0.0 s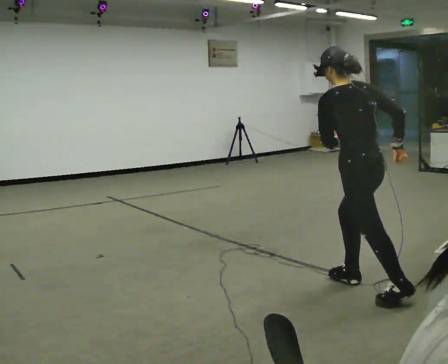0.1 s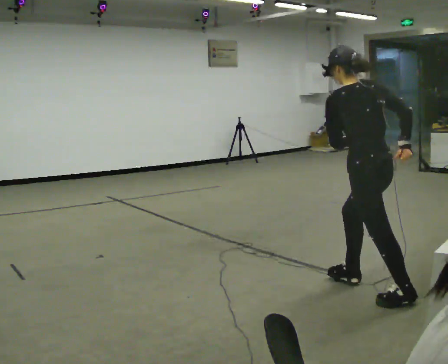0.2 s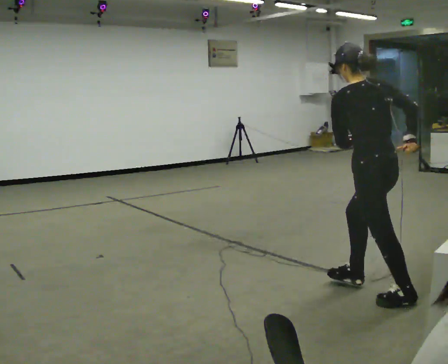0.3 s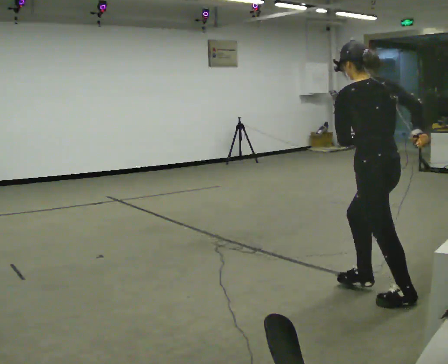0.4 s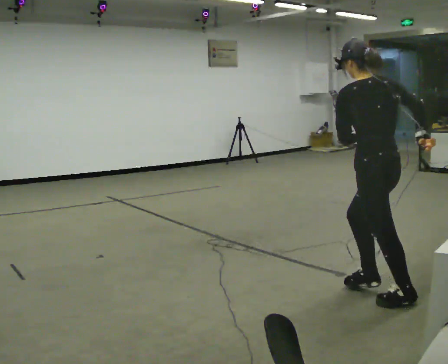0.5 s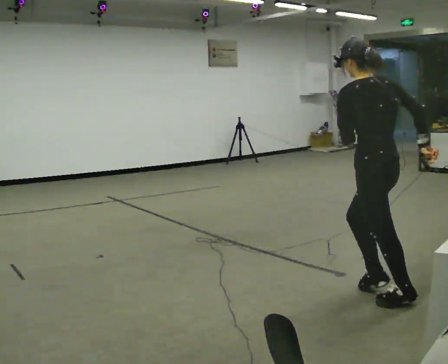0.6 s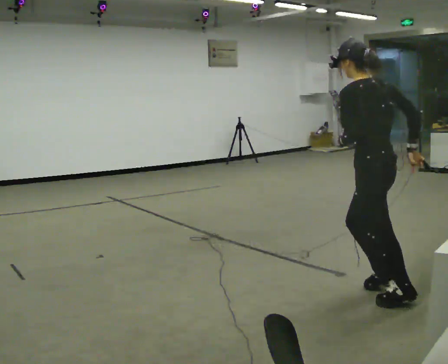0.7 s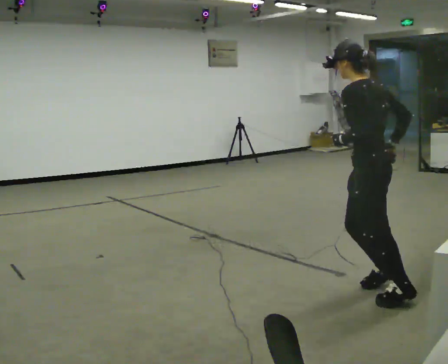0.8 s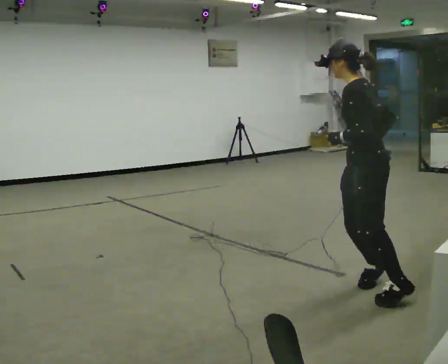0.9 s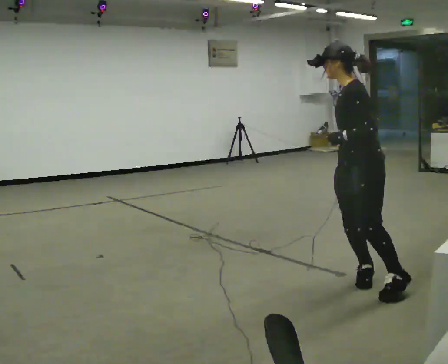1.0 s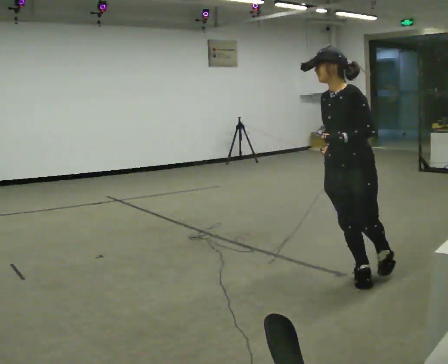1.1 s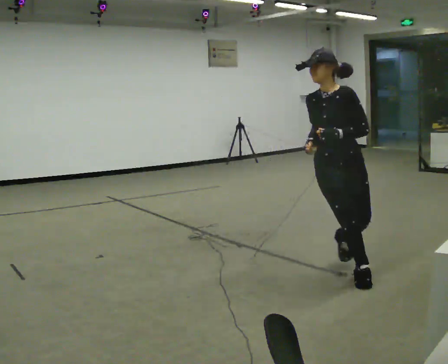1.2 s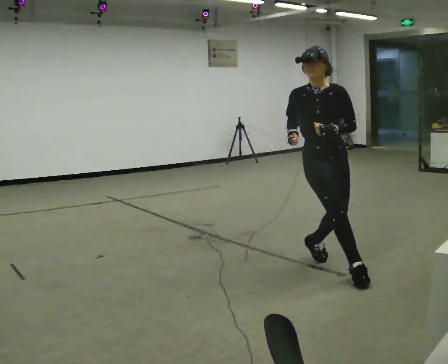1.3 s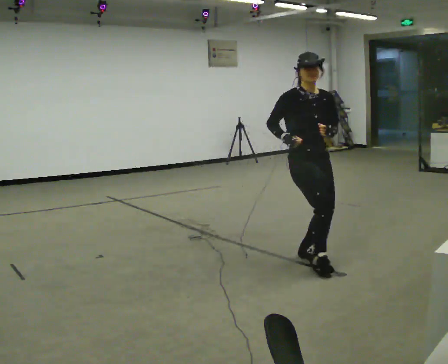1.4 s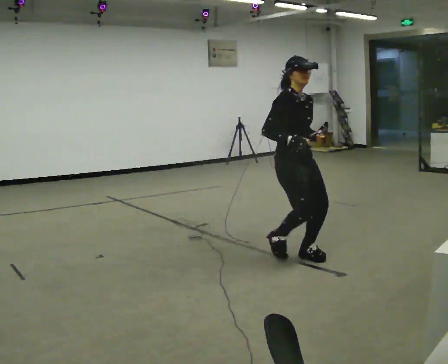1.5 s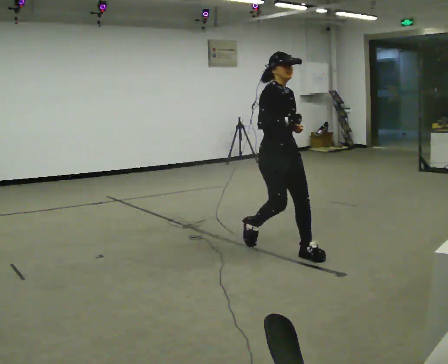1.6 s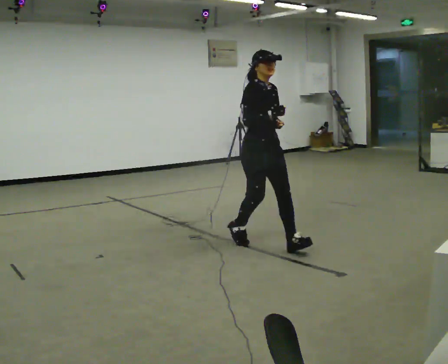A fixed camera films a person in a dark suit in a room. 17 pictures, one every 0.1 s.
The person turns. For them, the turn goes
to their left.
The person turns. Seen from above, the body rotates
counterclockwise.
0.0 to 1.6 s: Seen from above the body turns counterclockwise, about 195 degrees: to their left, with its near side sliding to the right. In the picture they go away from the camera and to the left, about 1 m in 3 steps. In the picture the upper body tilts clockwise, shoulders to the right.
The film runs backward here.
